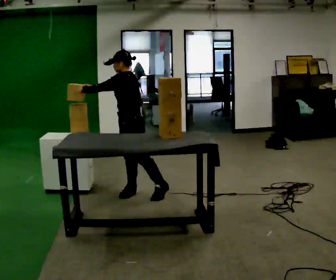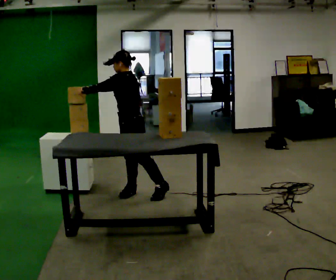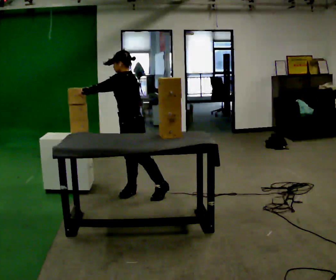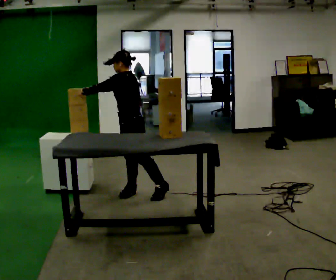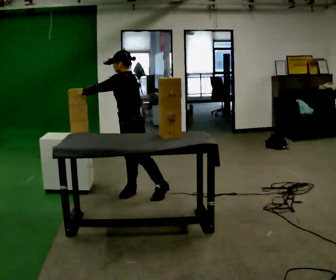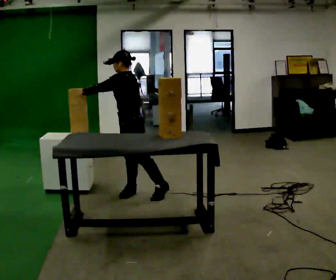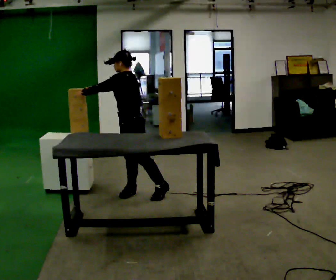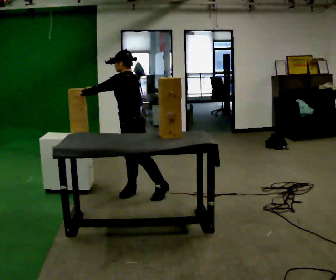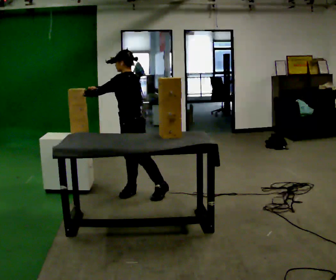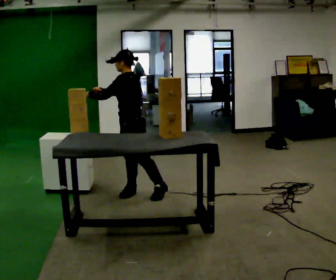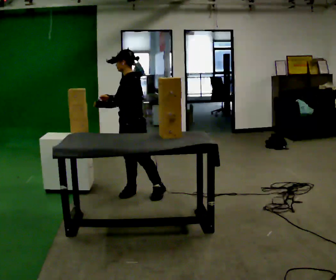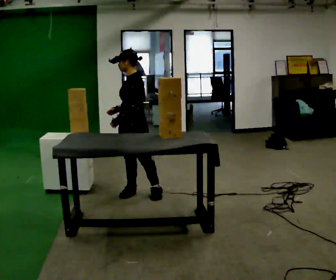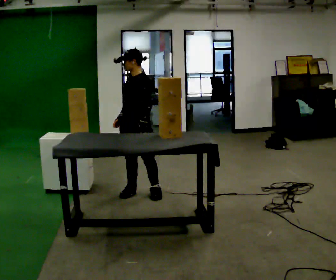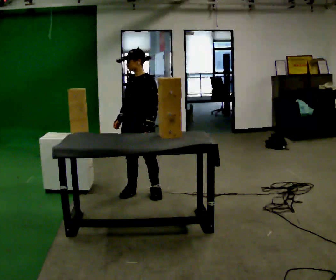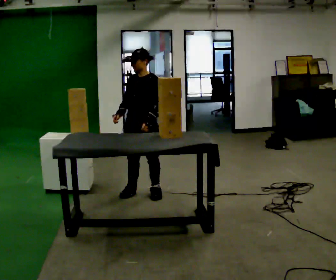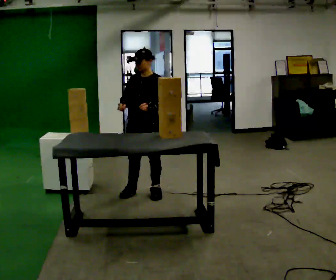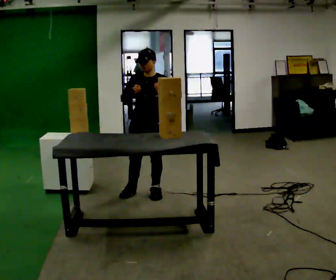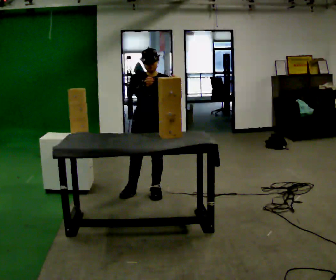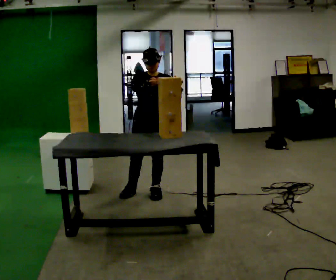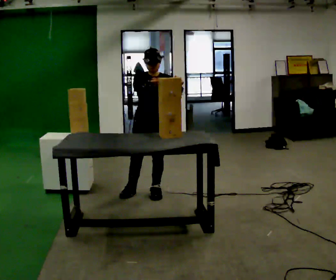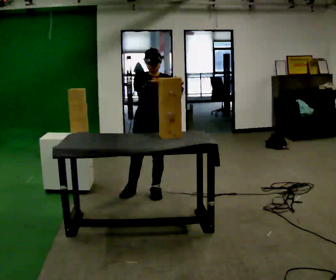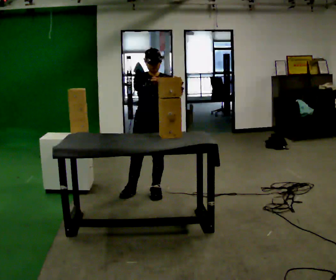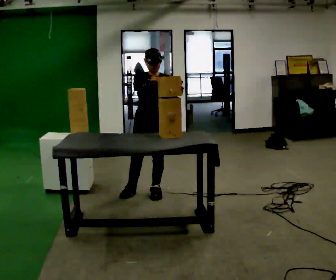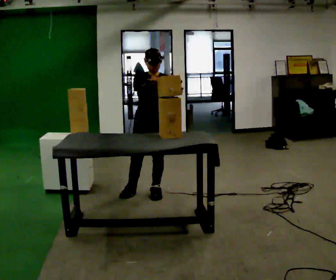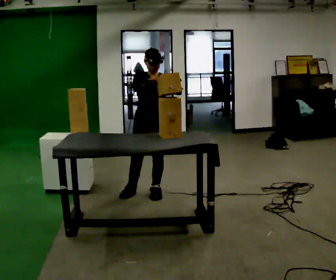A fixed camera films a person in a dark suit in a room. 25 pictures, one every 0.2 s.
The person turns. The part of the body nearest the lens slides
to the right.
The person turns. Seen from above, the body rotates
counterclockwise.
0.0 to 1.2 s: The person moves a little, or ends about where they began.
1.2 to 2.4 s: Seen from above the body turns counterclockwise, about 45 degrees: to their left, with its near side sliding to the right. In the picture their left hand goes to the right and downward, the arm swinging counterclockwise.
2.4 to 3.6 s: The person turns about 45 degrees to their left, counterclockwise seen from above, so the part of the body nearest the lens slides to the right. In the picture their right hand goes upward.
3.6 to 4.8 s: The person keeps their place and pose.
The film runs backward here.
